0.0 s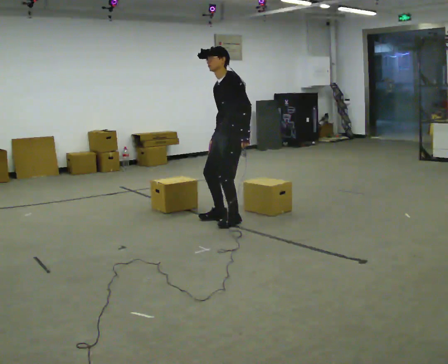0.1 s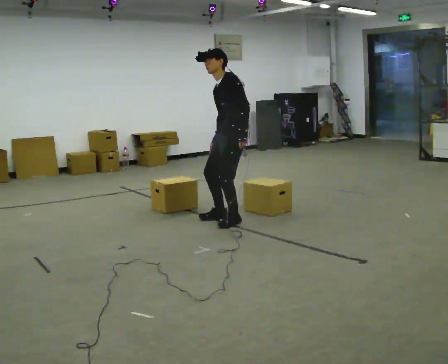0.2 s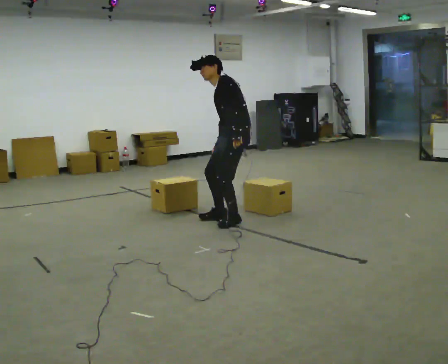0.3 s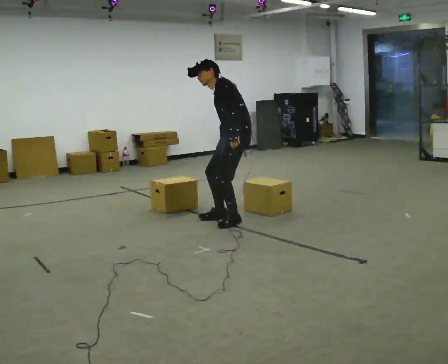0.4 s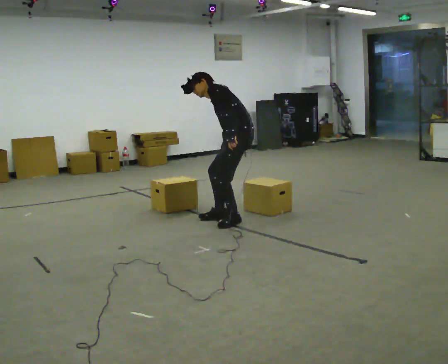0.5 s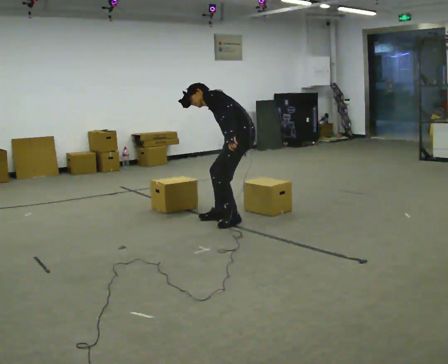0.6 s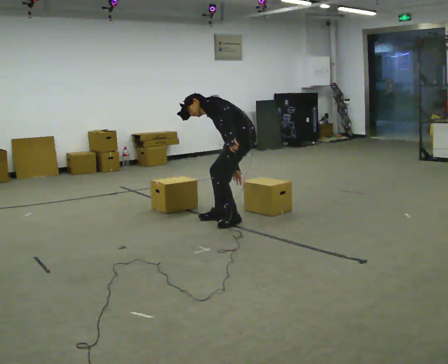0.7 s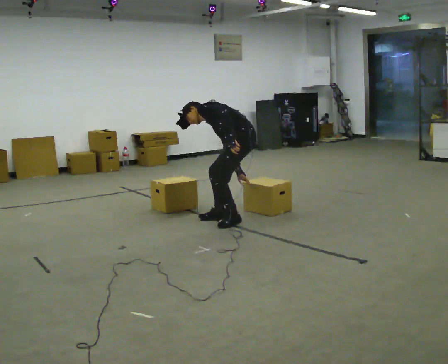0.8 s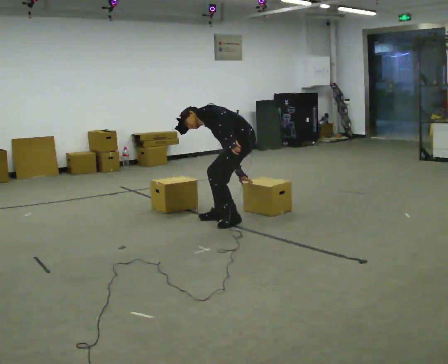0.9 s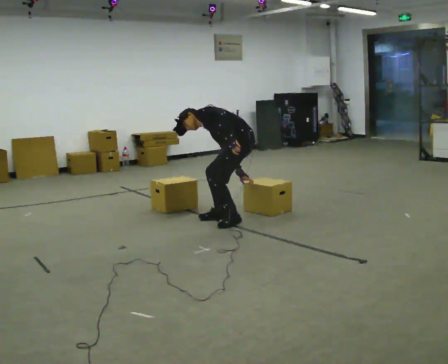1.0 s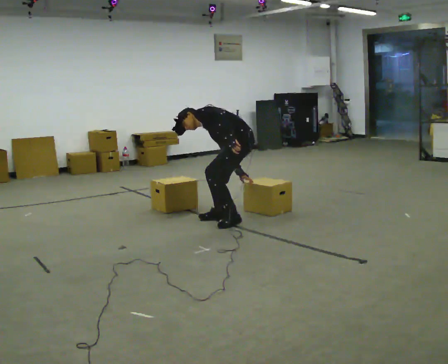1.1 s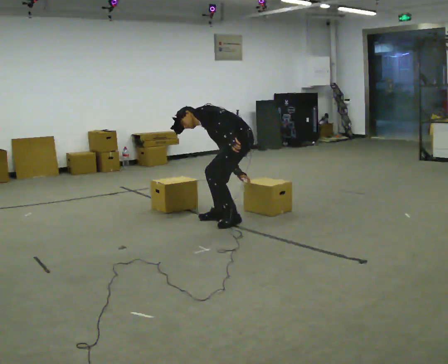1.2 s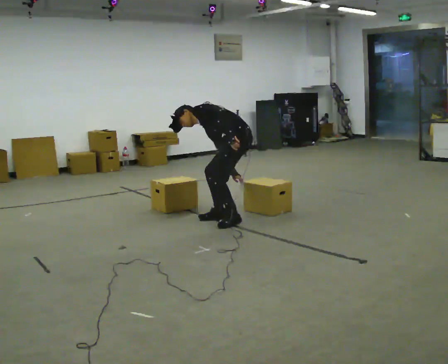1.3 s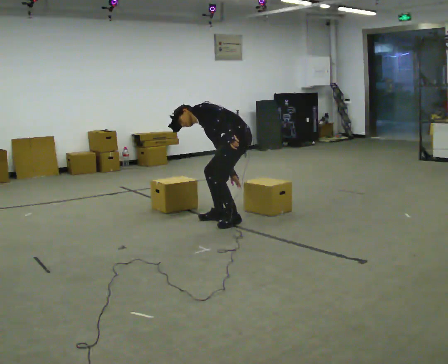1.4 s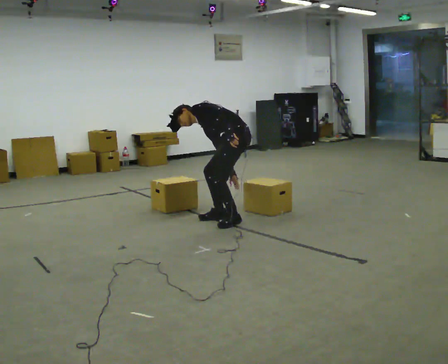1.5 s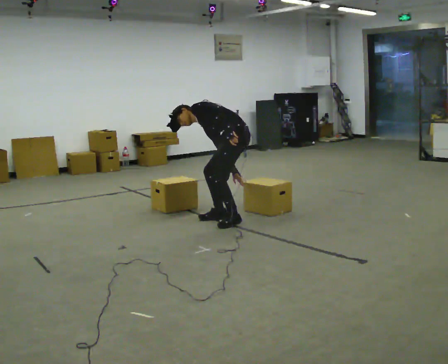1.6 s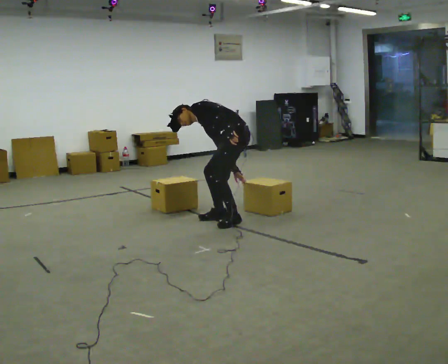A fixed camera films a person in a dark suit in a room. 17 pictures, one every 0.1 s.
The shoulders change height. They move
downward.
The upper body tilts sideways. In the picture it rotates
counterclockwise.
0.0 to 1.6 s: Seen from above the body turns clockwise, about 30 degrees: to their right, with its near side sliding to the left. The upper body goes downward. In the picture the upper body tilts counterclockwise, shoulders to the left, as they bend forward. In the picture their right hand goes downward.
The film runs backward here.
